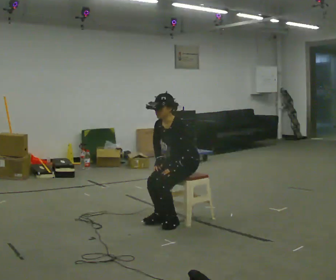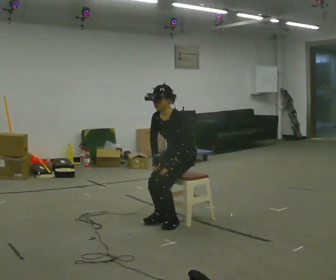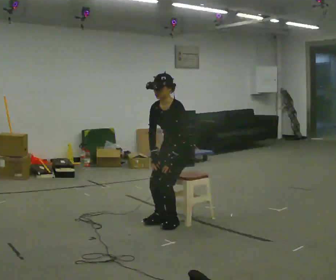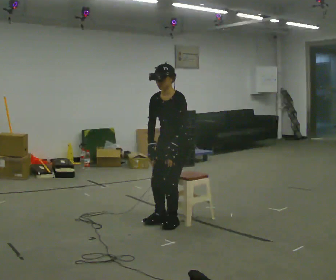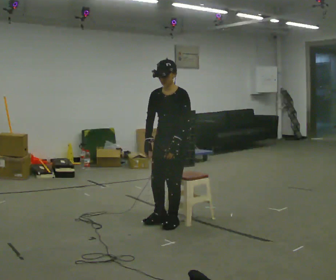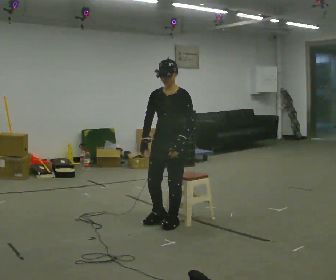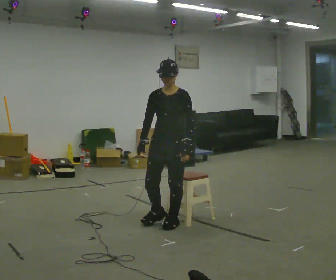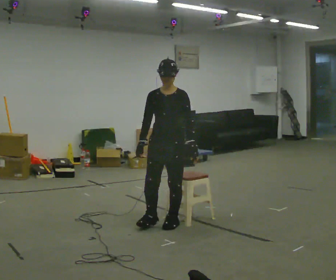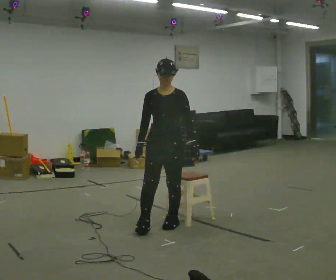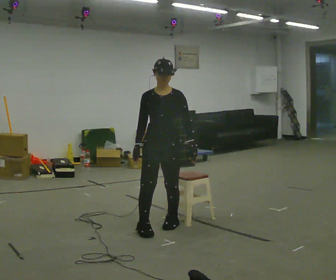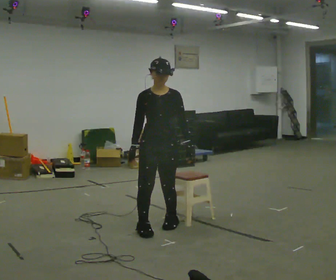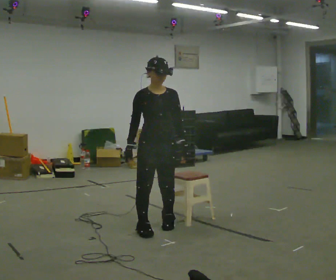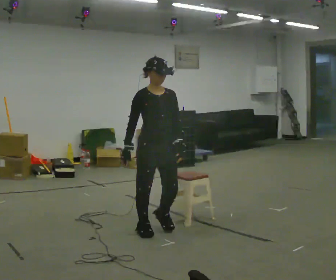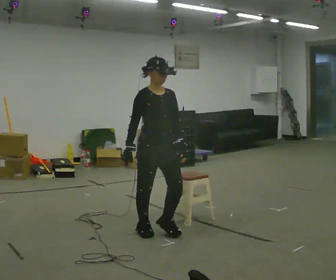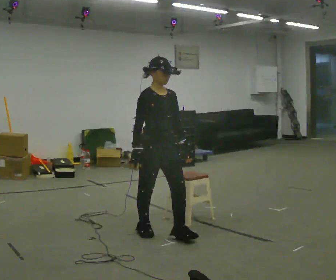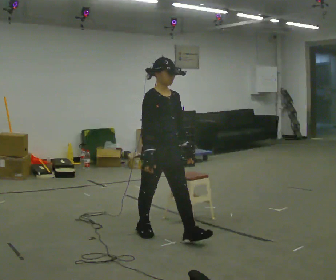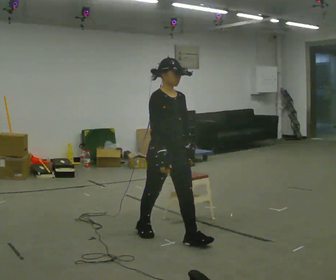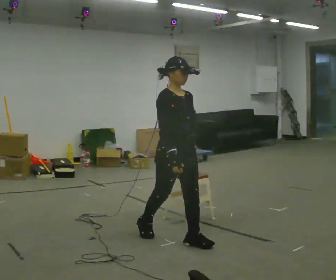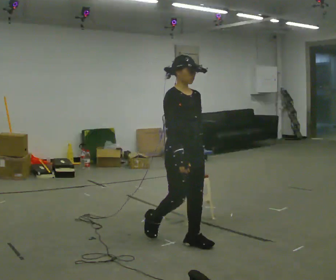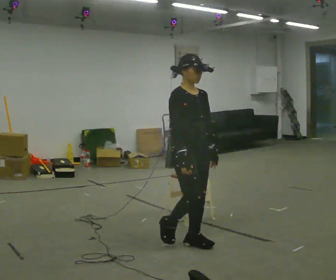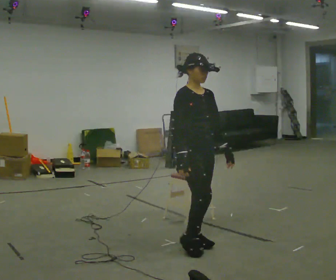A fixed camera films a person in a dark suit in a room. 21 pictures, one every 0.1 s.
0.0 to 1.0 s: The part of the body nearest the lens slides to the right as the person turns to their left by about 60 degrees. In the picture they go toward the camera and to the left, about 0.5 m in 1 step, which for them is forward. The upper body goes upward. The upper body tips away from the camera, its near side rolling upward, as they lean back or straighten.
1.0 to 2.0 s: The person turns about 30 degrees to their left, counterclockwise seen from above, so the part of the body nearest the lens slides to the right. In the picture they go toward the camera and to the right, about 0.5 m in 1 step, which for them is forward.
The film runs forward here.
